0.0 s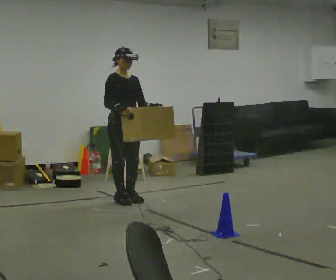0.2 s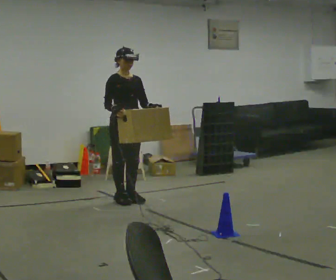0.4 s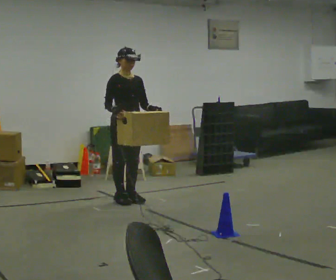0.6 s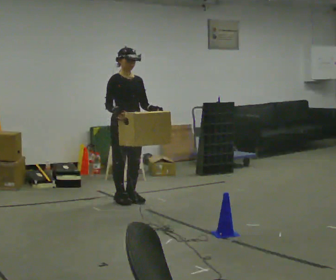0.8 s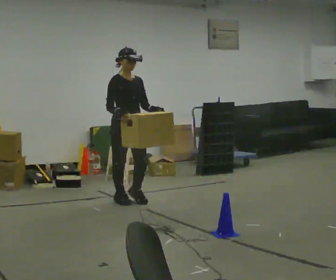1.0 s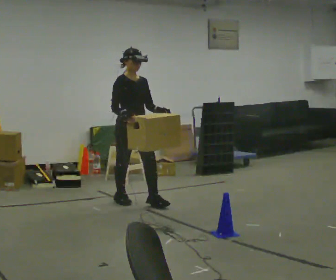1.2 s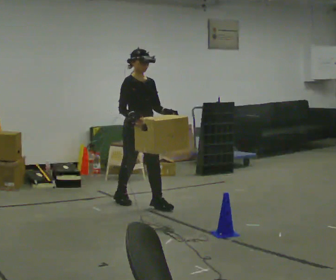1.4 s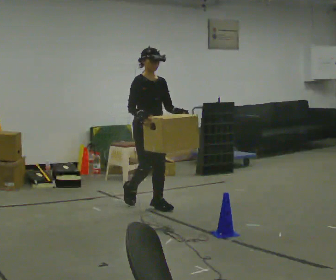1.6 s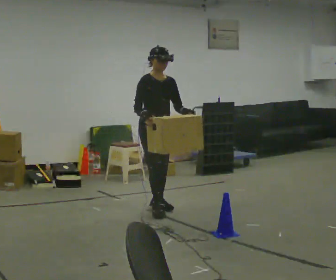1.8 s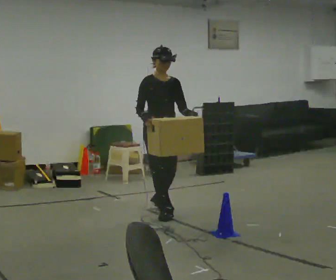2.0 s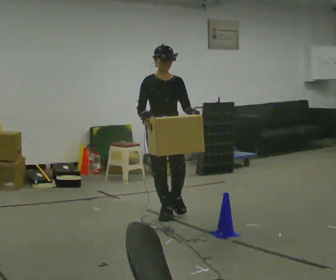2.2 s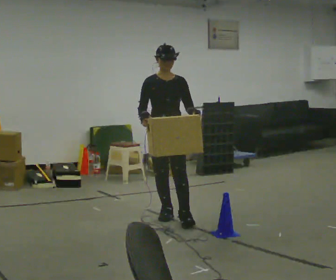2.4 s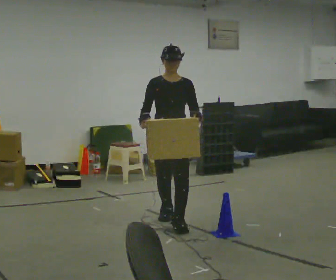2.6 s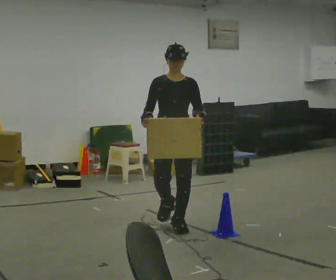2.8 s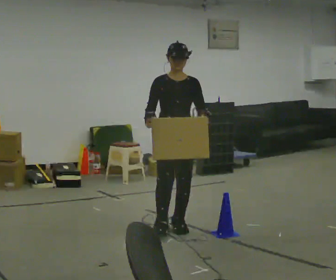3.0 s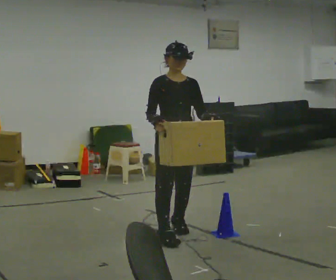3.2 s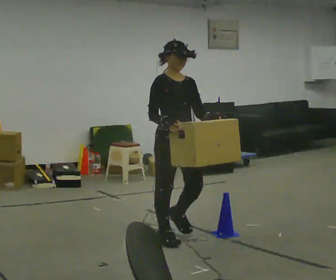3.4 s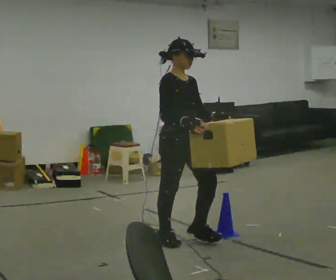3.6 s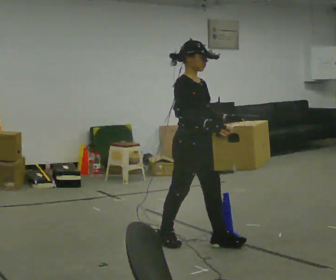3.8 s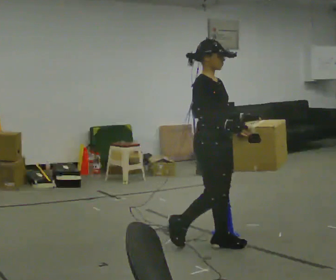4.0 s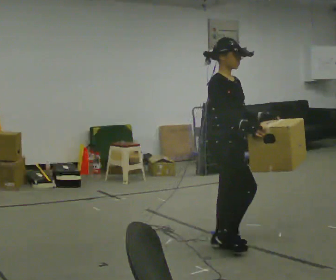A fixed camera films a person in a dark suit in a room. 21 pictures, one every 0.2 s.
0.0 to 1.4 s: In the picture they go to the right and toward the camera, about 0.25 m in 2 steps, which for them is forward.
1.4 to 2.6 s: The person turns about 30 degrees to their right, clockwise seen from above, so the part of the body nearest the lens slides to the left. In the picture they go toward the camera, about 1 m in 2 steps, which for them is forward.
2.6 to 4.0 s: The part of the body nearest the lens slides to the right as the person turns to their left by about 60 degrees. In the picture they go toward the camera and to the right, about 0.5 m in 2 steps.
The film runs forward here.
